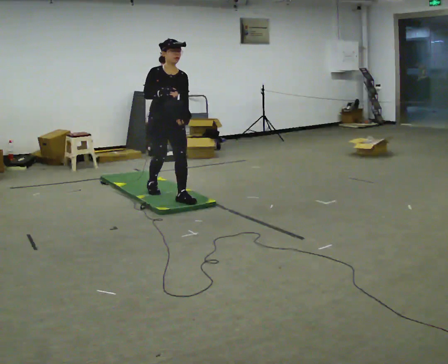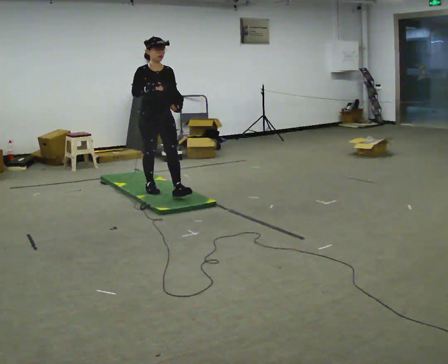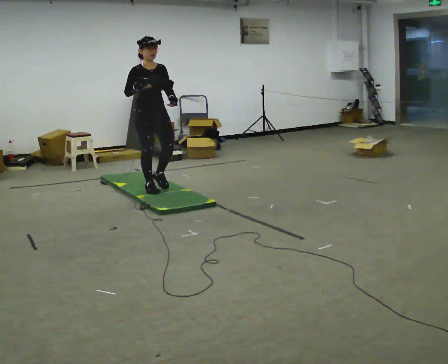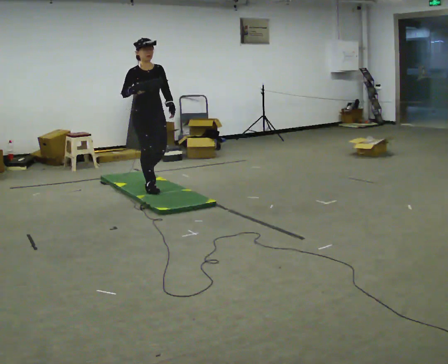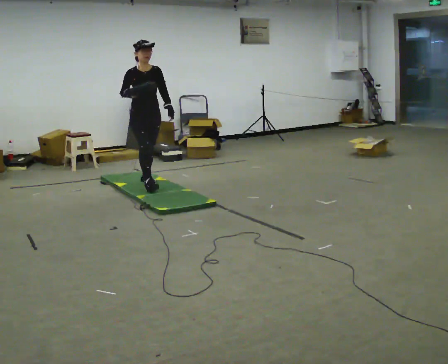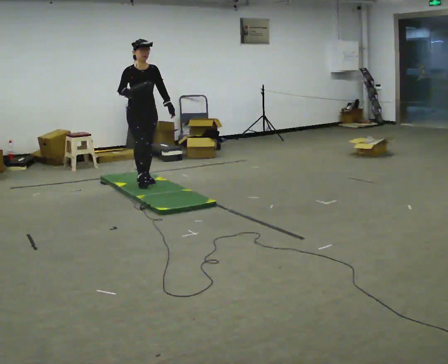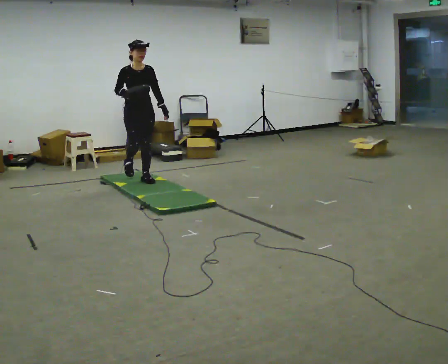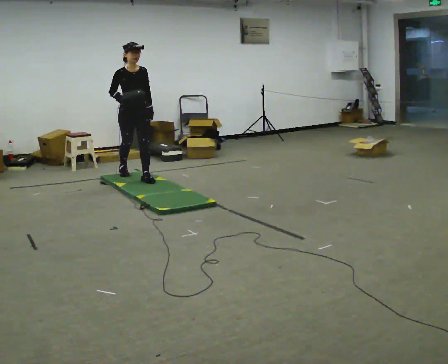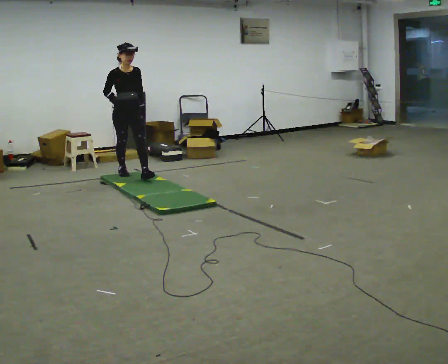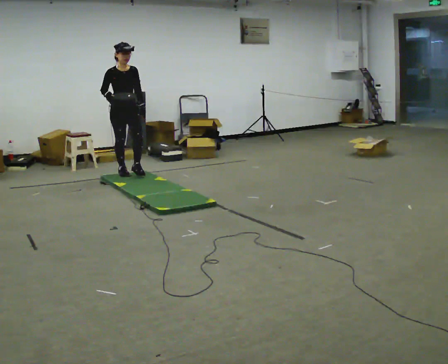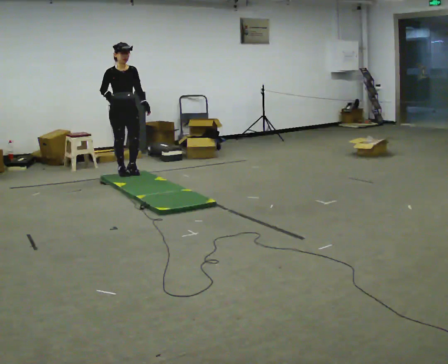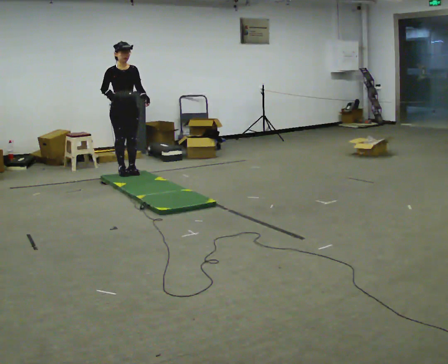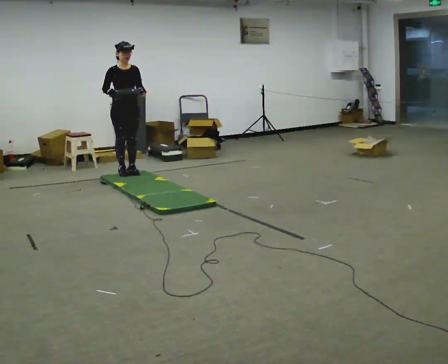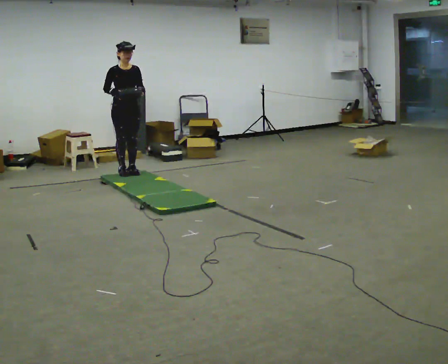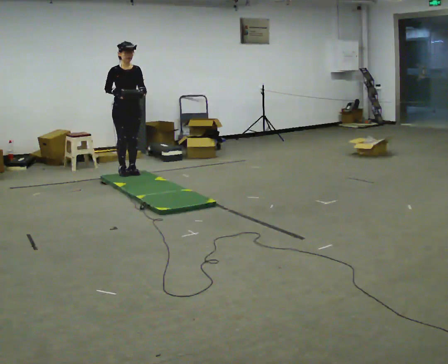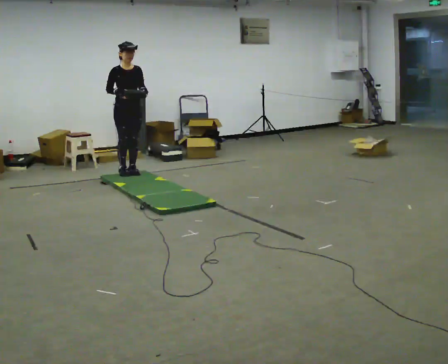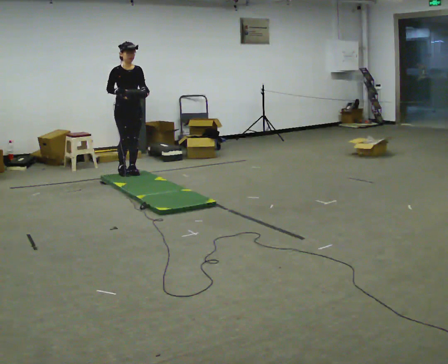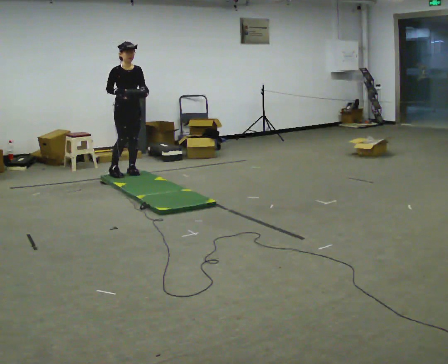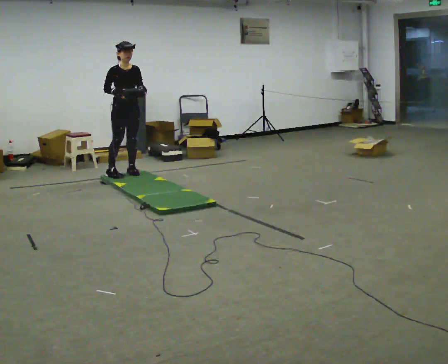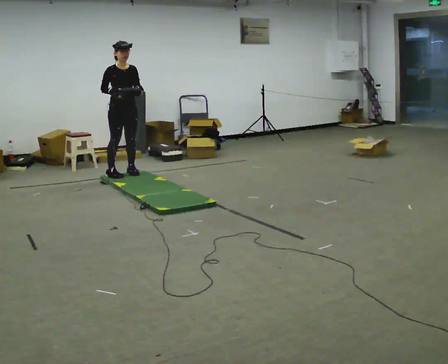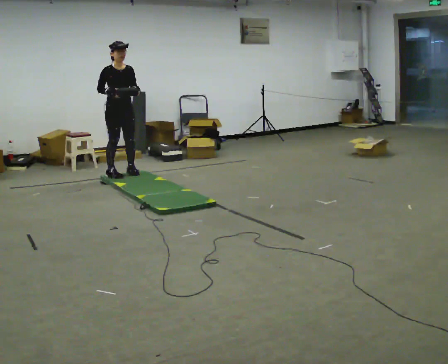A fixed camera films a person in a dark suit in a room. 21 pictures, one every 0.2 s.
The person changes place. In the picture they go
away from the camera.
0.0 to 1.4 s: In the picture they go away from the camera and to the left, about 1 m in 2 steps, which for them is backward.
1.4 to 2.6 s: In the picture they go away from the camera, about 0.25 m in 1 step, which for them is backward.
2.6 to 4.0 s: The person moves a little, or ends about where they began.
The film runs backward here.
